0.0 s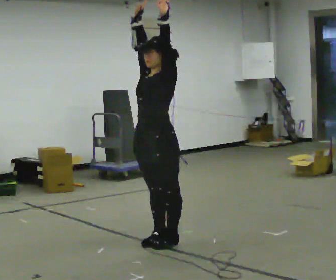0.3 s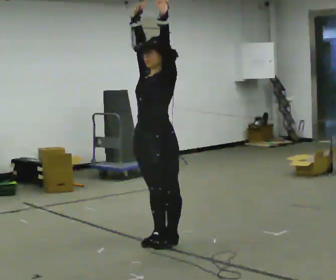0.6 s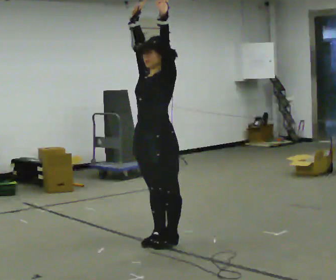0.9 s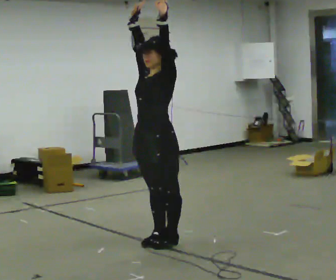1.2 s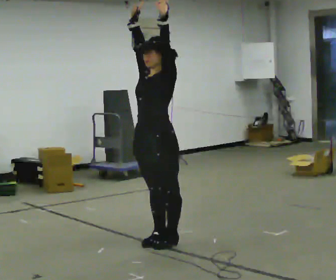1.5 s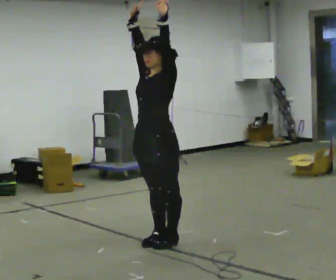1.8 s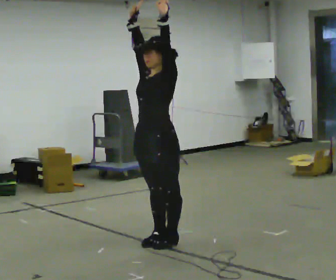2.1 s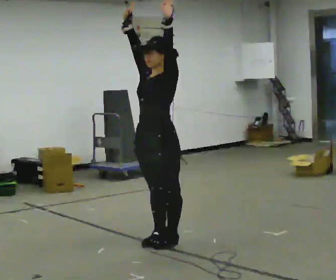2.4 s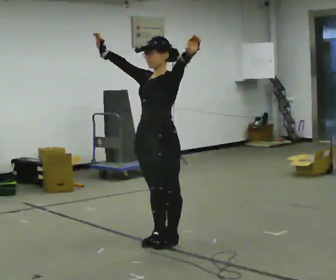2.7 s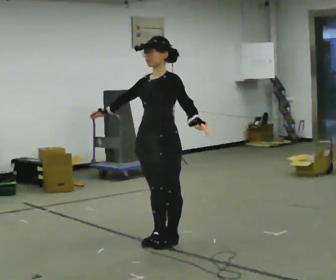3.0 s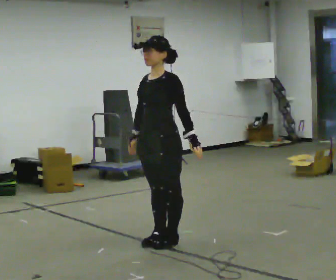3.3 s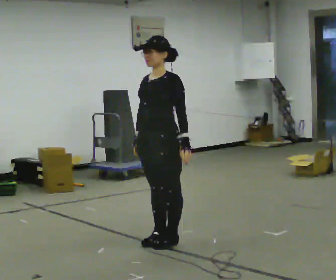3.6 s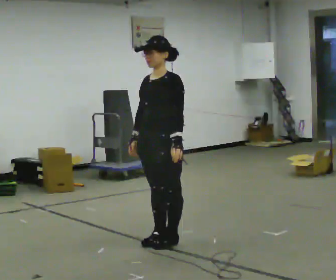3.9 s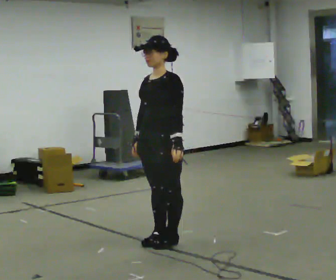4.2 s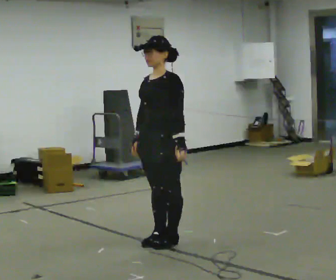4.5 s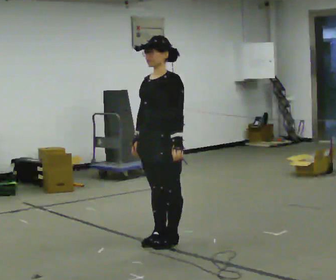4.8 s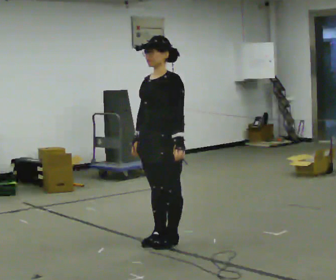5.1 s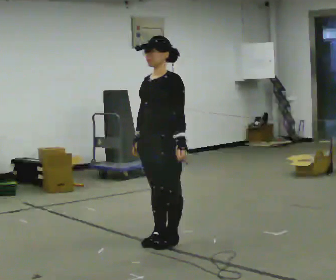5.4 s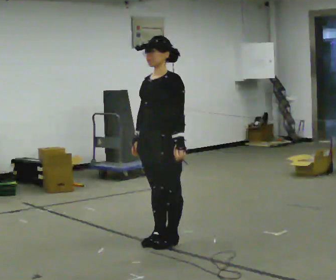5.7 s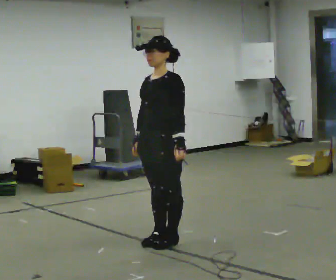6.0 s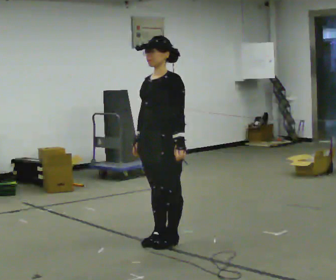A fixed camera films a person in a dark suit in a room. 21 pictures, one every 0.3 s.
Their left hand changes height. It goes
downward.
Their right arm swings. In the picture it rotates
counterclockwise.
0.0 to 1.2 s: The person moves a little, or ends about where they began.
1.2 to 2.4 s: In the picture their left hand goes downward.
2.4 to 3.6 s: In the picture their right hand goes downward, the arm swinging counterclockwise.
3.6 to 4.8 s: The person moves a little, or ends about where they began.
4.8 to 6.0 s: The person keeps their place and pose.
The film runs forward here.
